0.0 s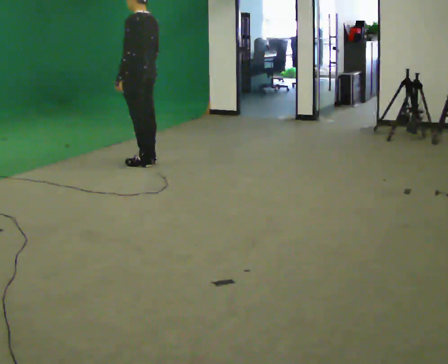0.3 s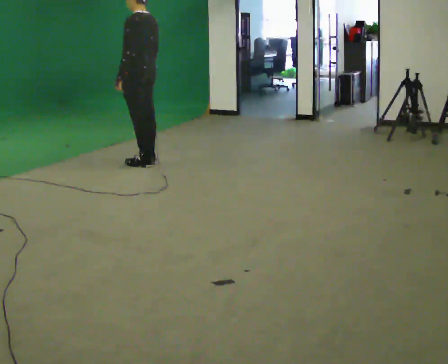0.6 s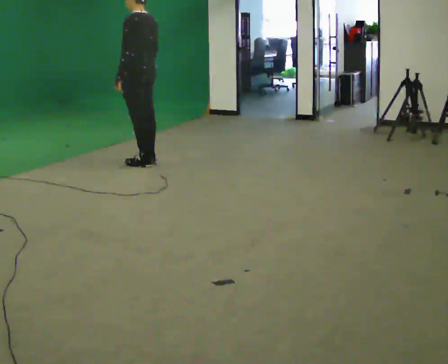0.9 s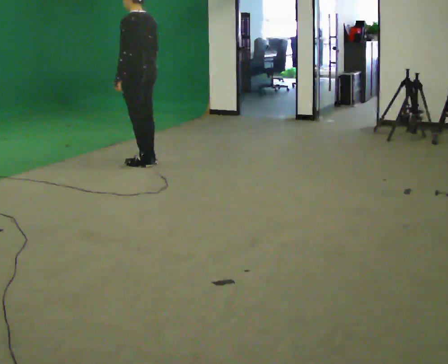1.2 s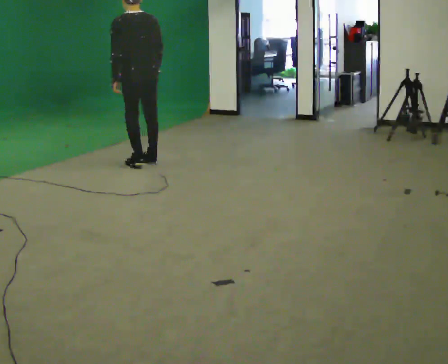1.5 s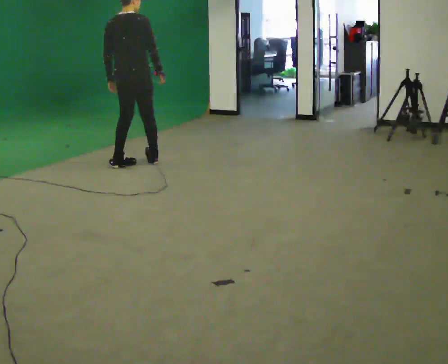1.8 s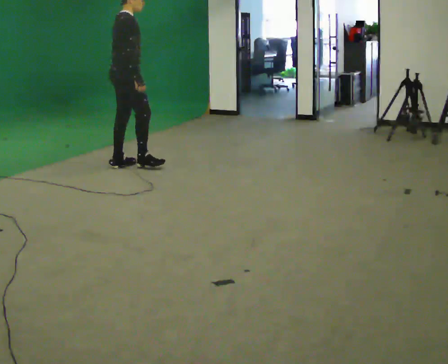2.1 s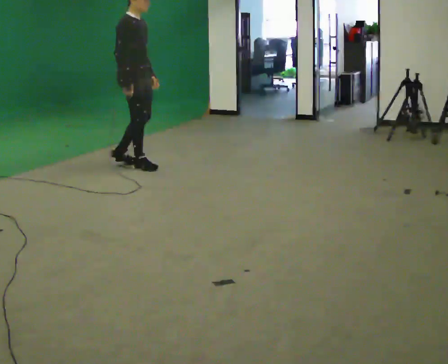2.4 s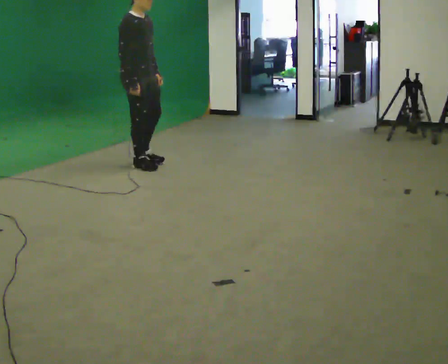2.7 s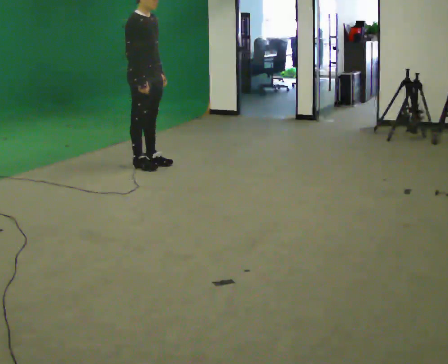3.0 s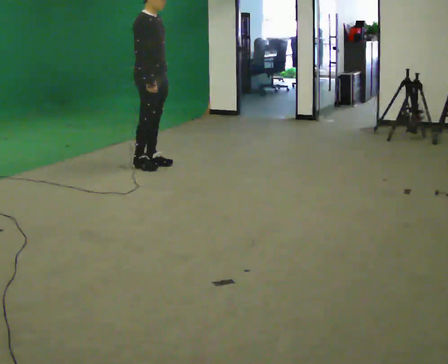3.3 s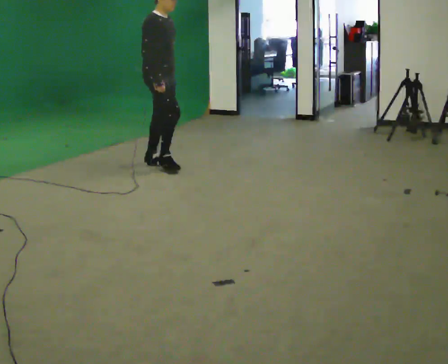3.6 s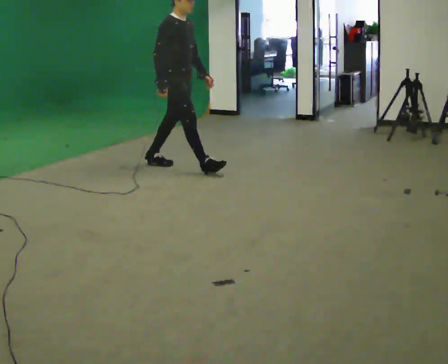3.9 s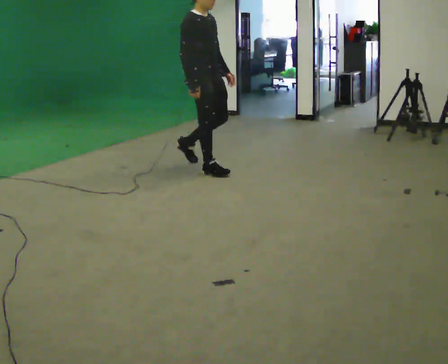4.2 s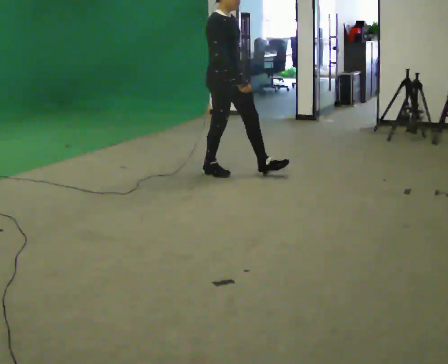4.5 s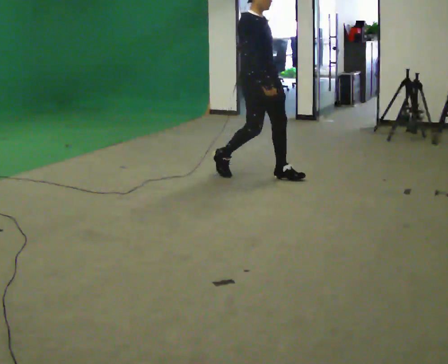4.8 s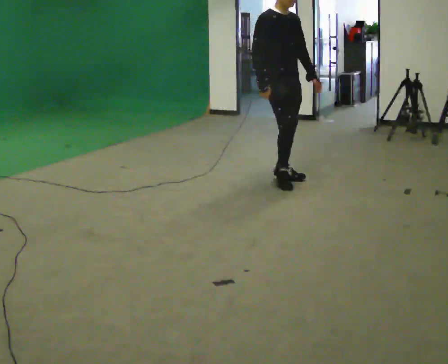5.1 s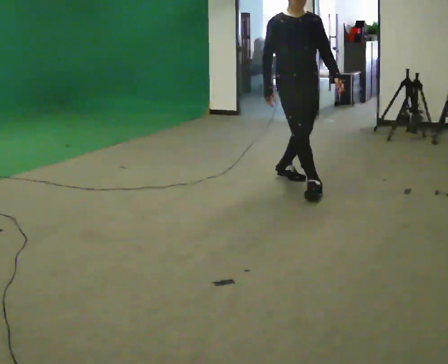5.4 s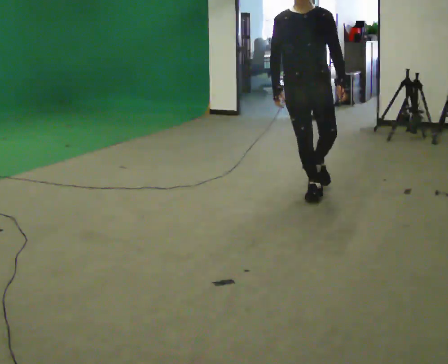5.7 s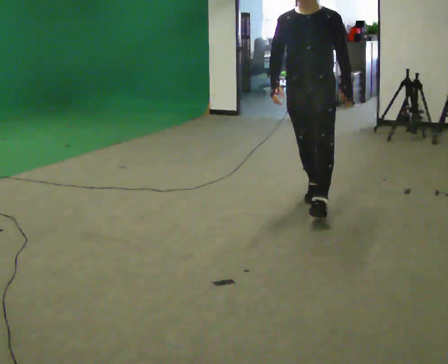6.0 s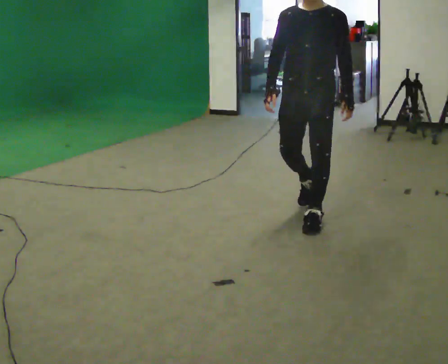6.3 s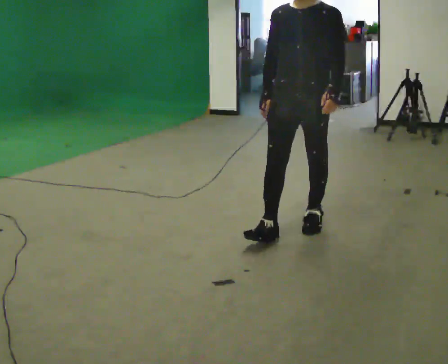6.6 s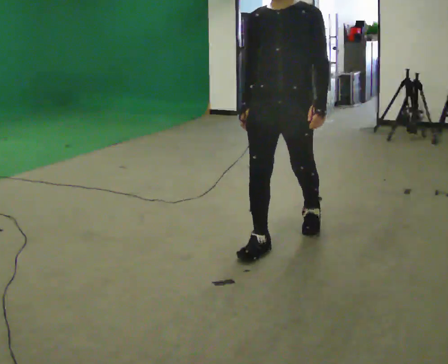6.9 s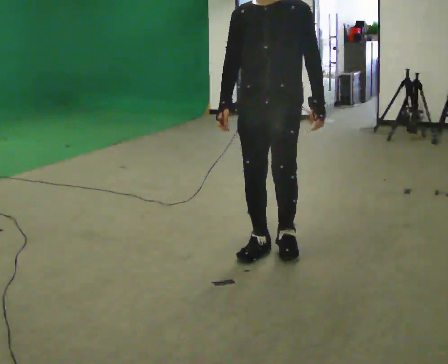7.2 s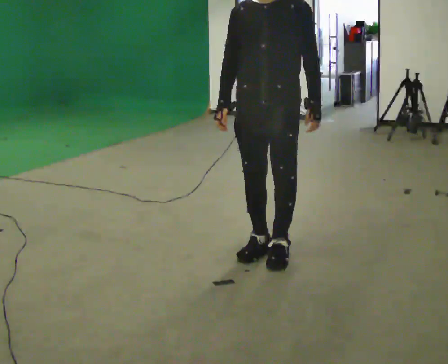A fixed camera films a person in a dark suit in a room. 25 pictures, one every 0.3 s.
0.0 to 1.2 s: Seen from above the body turns clockwise, about 45 degrees: to their right, with its near side sliding to the left.
1.2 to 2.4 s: The part of the body nearest the lens slides to the left as the person turns to their right by about 120 degrees.
2.4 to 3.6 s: In the picture they go to the right, about 0.5 m in 2 steps, which for them is forward.
3.6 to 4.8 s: The part of the body nearest the lens slides to the left as the person turns to their right by about 30 degrees. In the picture they go to the right and toward the camera, about 1 m in 1 step, which for them is forward.
4.8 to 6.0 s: The part of the body nearest the lens slides to the left as the person turns to their right by about 60 degrees. In the picture they go toward the camera, about 1 m in 2 steps.
6.0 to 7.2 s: In the picture they go toward the camera and to the left, about 0.75 m in 2 steps, which for them is forward.
The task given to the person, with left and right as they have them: Walk straight; turn 90° left/right while continuing to walk; continue.
The film runs forward here.
